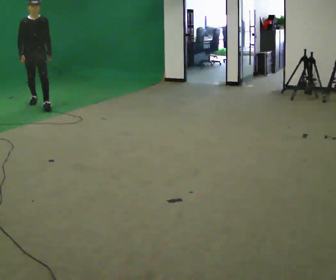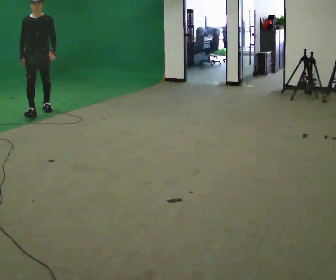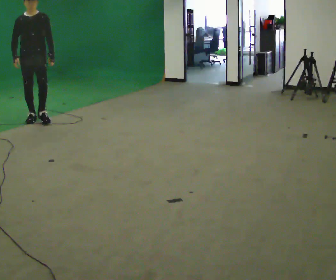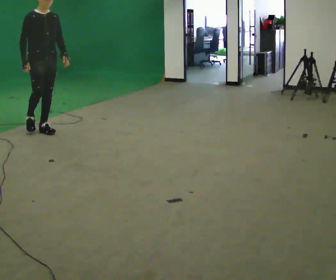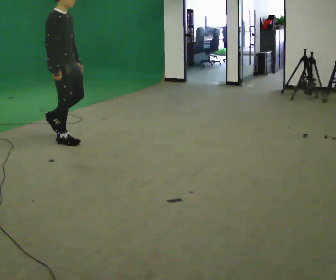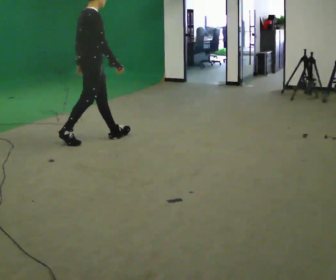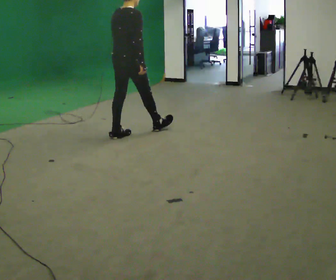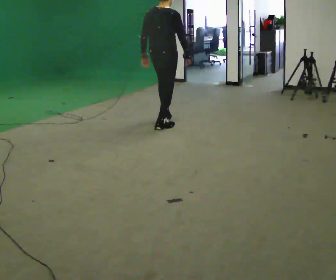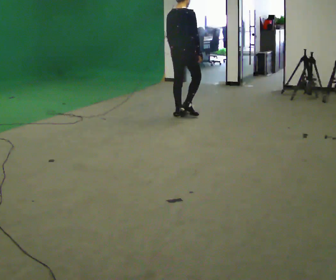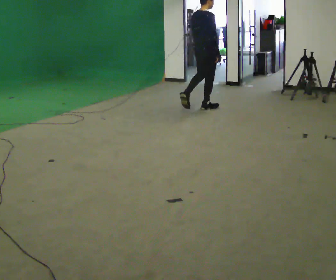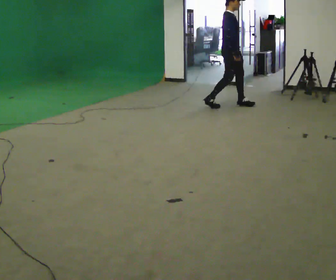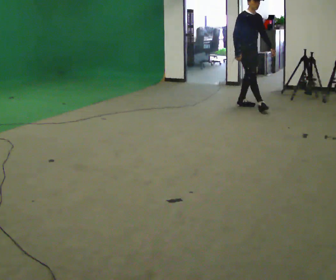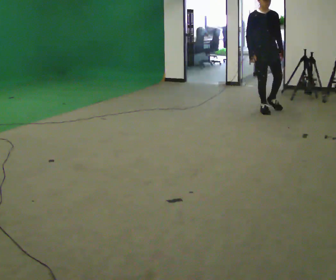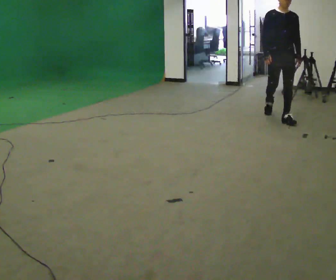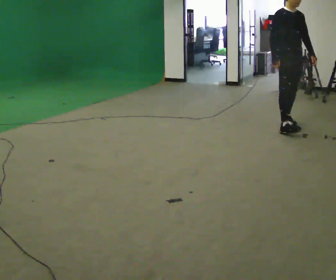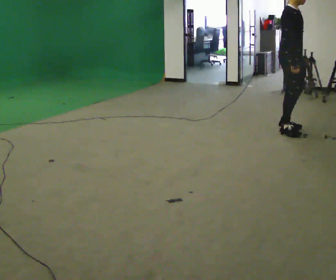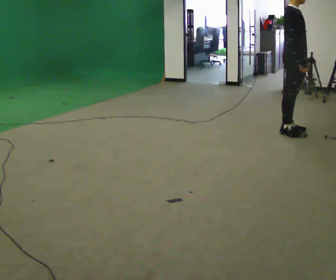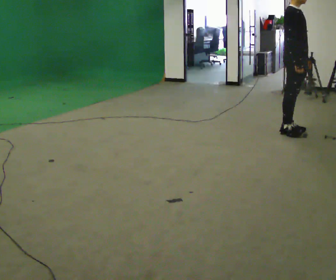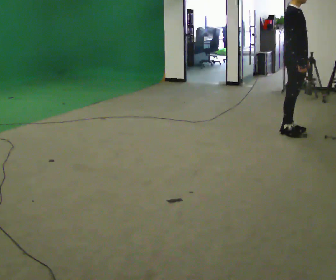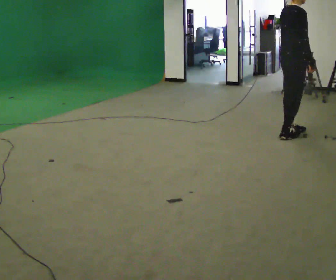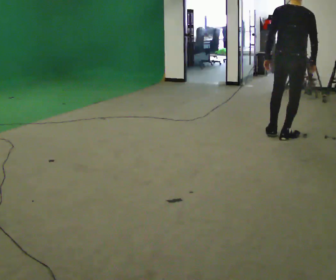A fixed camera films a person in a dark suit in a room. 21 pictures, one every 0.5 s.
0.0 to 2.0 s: The part of the body nearest the lens slides to the right as the person turns to their left by about 60 degrees. In the picture they go toward the camera and to the right, about 2 m in 3 steps.
2.0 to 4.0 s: Seen from above the body turns counterclockwise, about 60 degrees: to their left, with its near side sliding to the right. In the picture they go away from the camera and to the right, about 1.5 m in 3 steps.
4.0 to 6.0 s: The person turns about 135 degrees to their right, clockwise seen from above, so the part of the body nearest the lens slides to the left. In the picture they go to the right, about 1 m in 3 steps.
6.0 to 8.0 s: The part of the body nearest the lens slides to the right as the person turns to their left by about 60 degrees. In the picture they go toward the camera, about 1 m in 3 steps.
8.0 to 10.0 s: The person turns about 105 degrees to their left, counterclockwise seen from above, so the part of the body nearest the lens slides to the right. In the picture they go toward the camera, about 0.25 m in 1 step. In the picture their left hand goes to the left, the arm swinging clockwise.
The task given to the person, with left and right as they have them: Walk forward; gradually curve left/right; straighten out.
The film runs forward here.
